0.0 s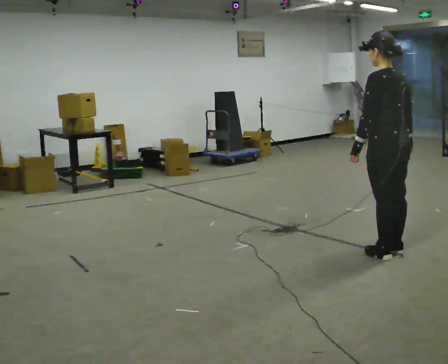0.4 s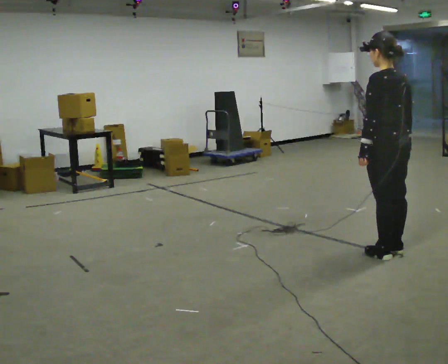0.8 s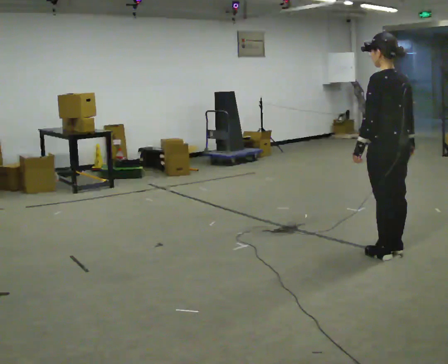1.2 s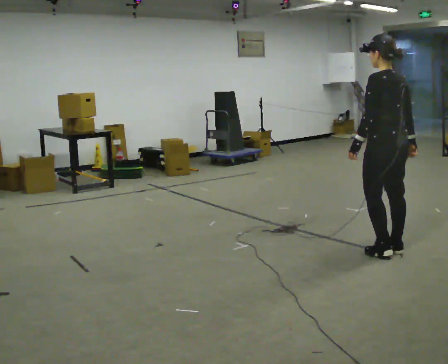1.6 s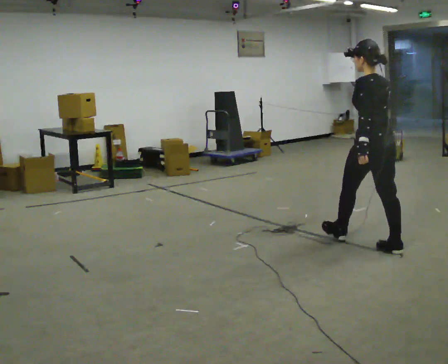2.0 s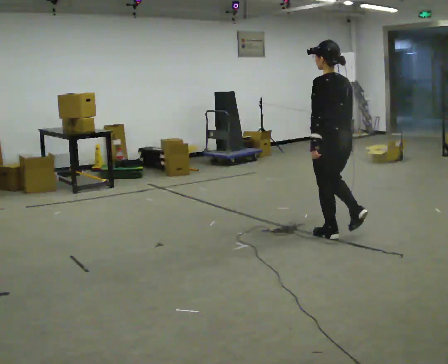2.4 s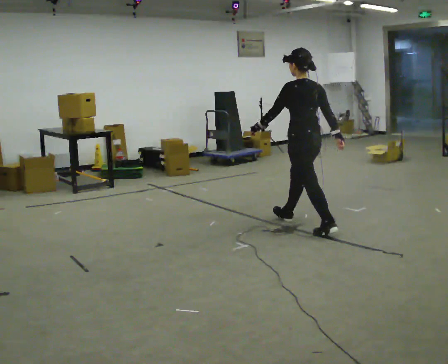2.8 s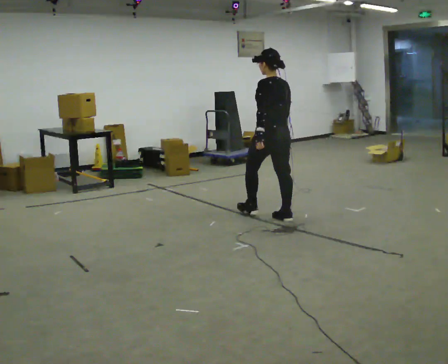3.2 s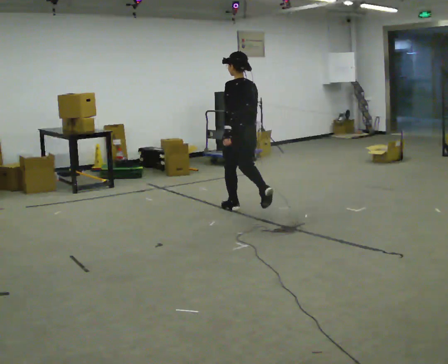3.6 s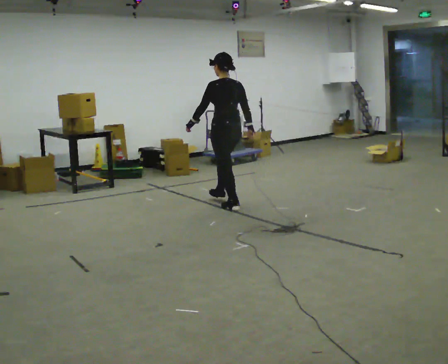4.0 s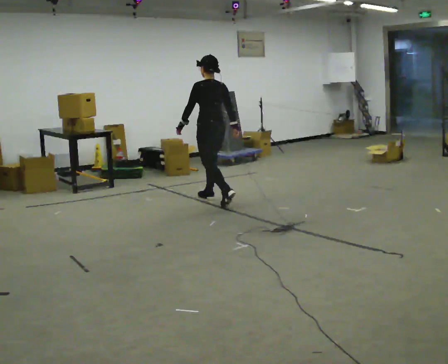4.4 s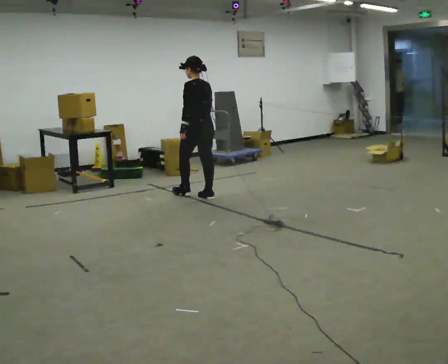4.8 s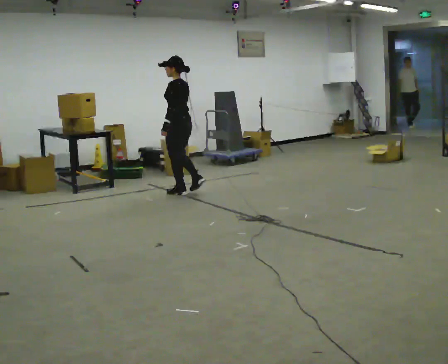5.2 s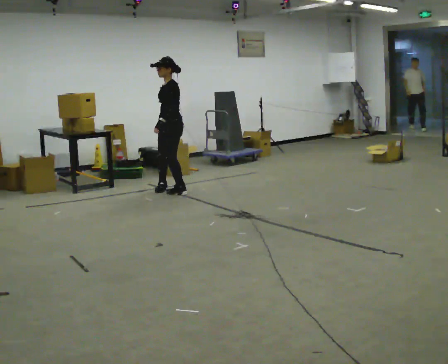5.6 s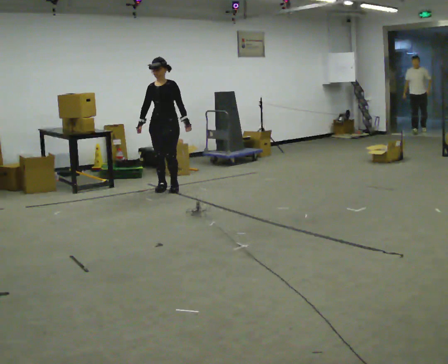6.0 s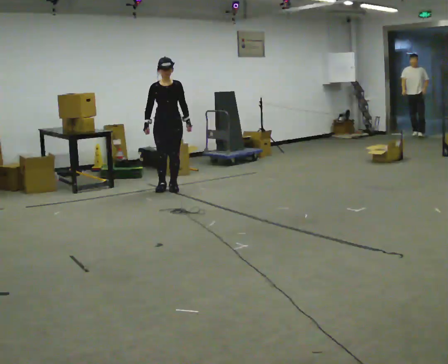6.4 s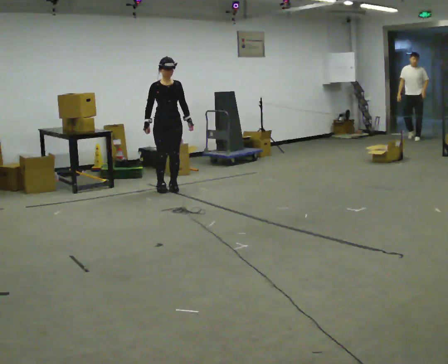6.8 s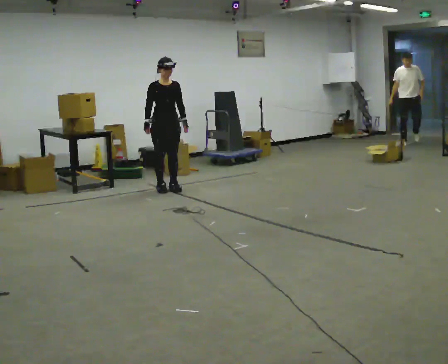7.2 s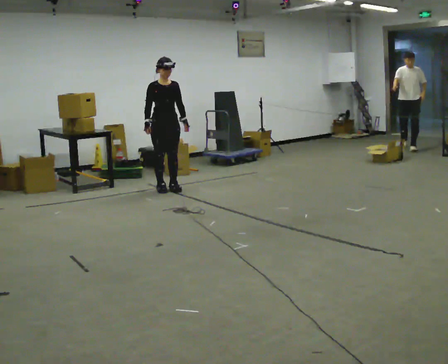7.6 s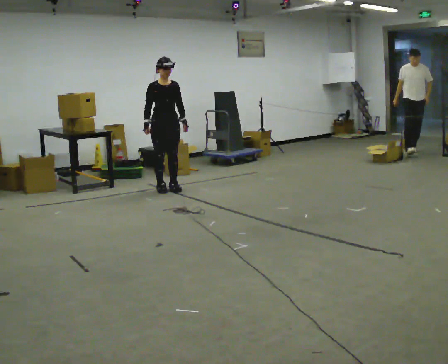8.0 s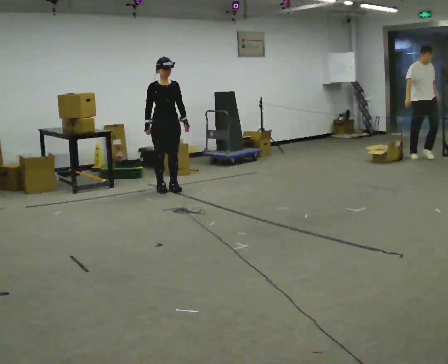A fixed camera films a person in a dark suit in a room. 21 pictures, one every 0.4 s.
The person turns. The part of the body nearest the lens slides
to the right.
The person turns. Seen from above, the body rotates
counterclockwise.
0.0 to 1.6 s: In the picture they go away from the camera, about 0.25 m, which for them is forward.
1.6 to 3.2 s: In the picture they go away from the camera and to the left, about 1.5 m in 3 steps, which for them is forward.
3.2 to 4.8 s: The person turns about 30 degrees to their left, counterclockwise seen from above, so the part of the body nearest the lens slides to the right. In the picture they go away from the camera and to the left, about 1 m in 2 steps, which for them is forward.
4.8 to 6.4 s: The part of the body nearest the lens slides to the right as the person turns to their left by about 135 degrees. In the picture they go away from the camera and to the left, about 0.25 m in 2 steps.
6.4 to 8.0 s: The person moves a little, or ends about where they began.
The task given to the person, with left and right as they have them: Start at normal speed; gradually slow over several steps; stop gently.
The film runs forward here.
